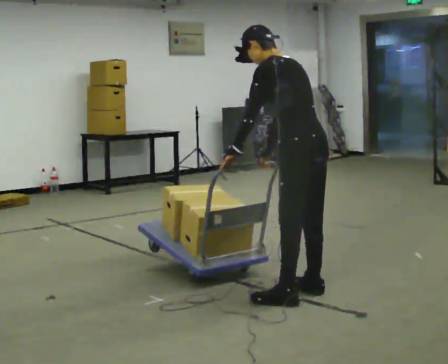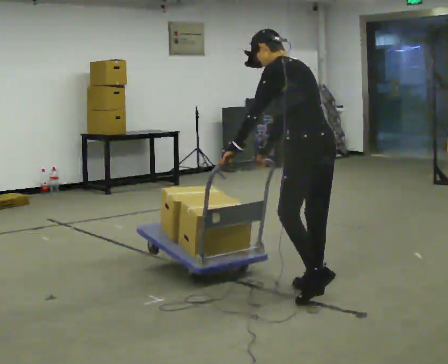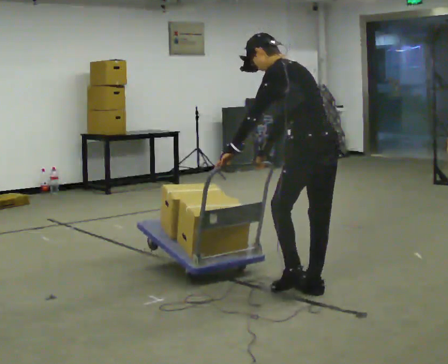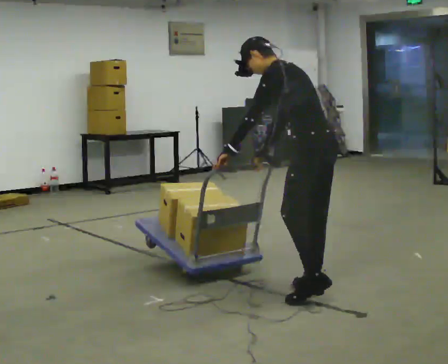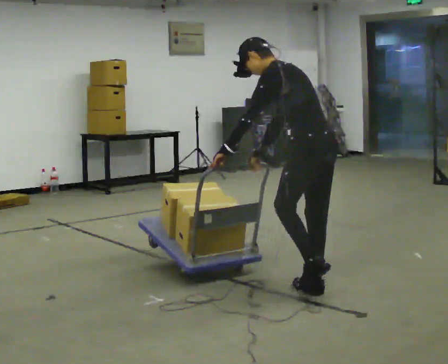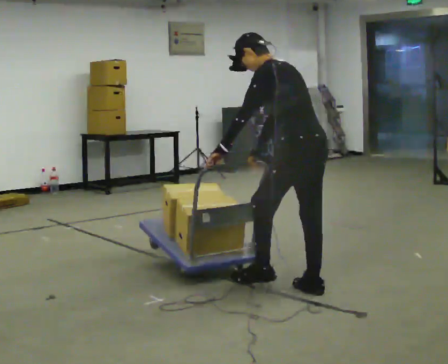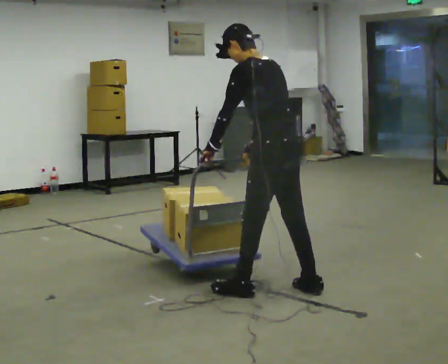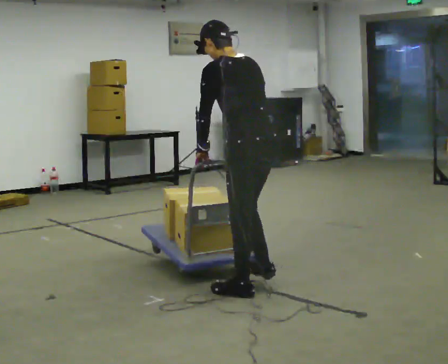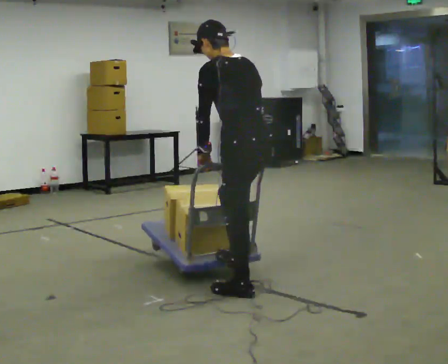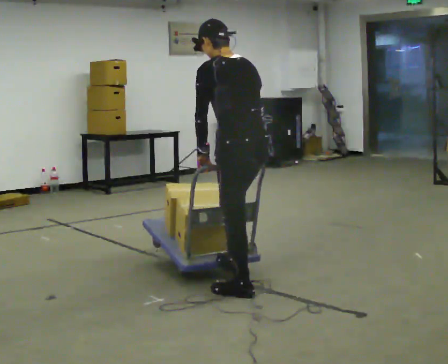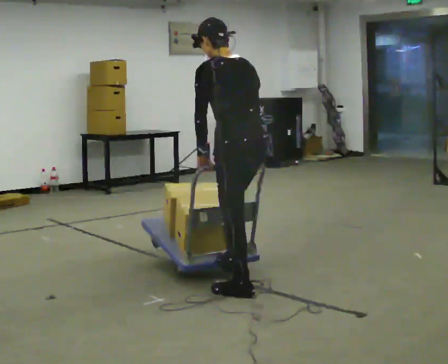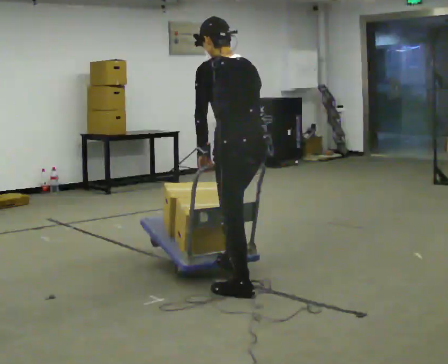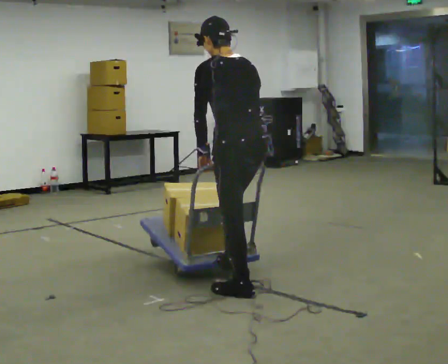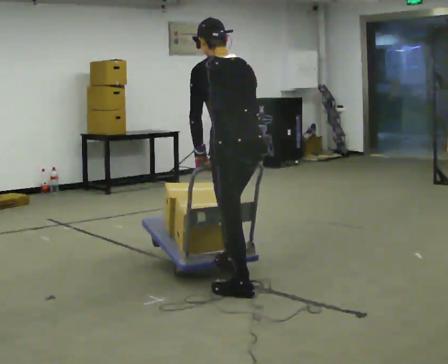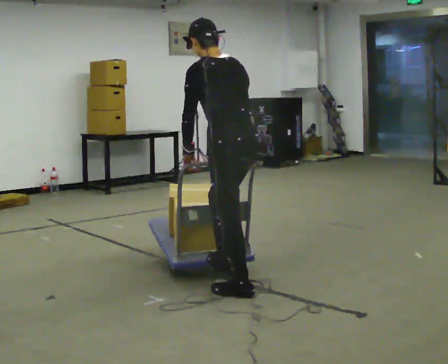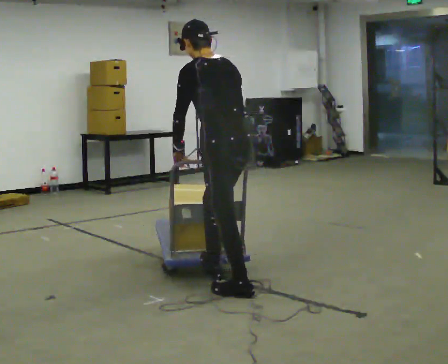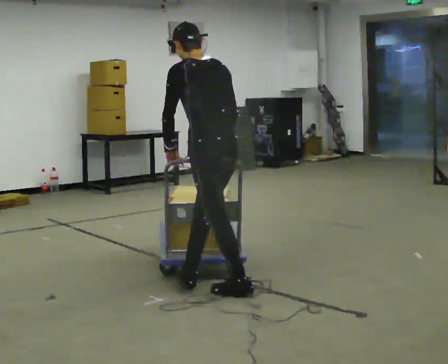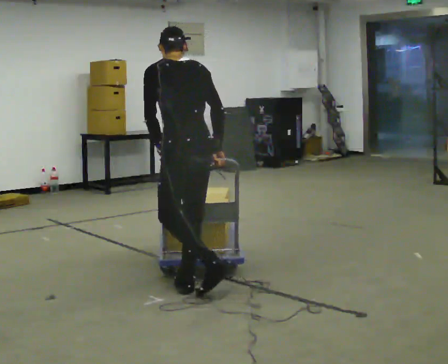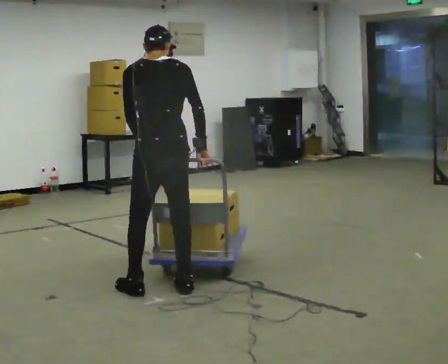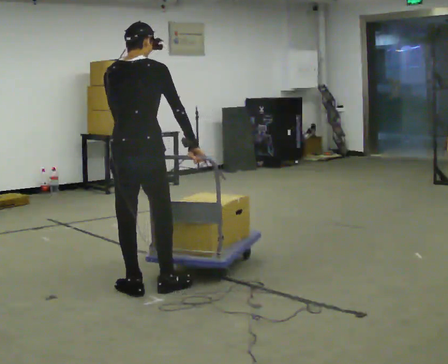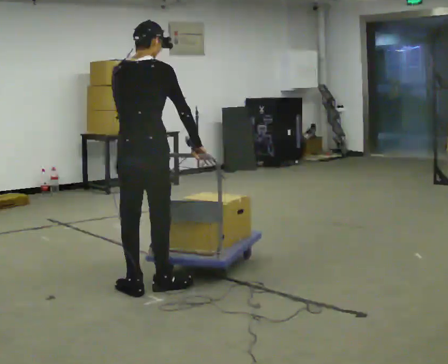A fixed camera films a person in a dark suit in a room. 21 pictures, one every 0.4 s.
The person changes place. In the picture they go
to the left.
0.0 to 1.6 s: The person moves a little, or ends about where they began.
1.6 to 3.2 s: In the picture they go to the left, about 0.5 m in 2 steps, which for them is to their left and forward. In the picture the upper body tilts clockwise, shoulders to the right, as they lean back or straighten.
3.2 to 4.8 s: The person moves a little, or ends about where they began.
4.8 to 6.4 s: In the picture they go to the left, about 0.25 m in 1 step, which for them is forward.
6.4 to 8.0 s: Seen from above the body turns clockwise, about 60 degrees: to their right, with its near side sliding to the left. In the picture they go to the left, about 0.5 m in 2 steps, which for them is to their left and forward. In the picture the upper body tilts clockwise, shoulders to the right.
The film runs forward here.
